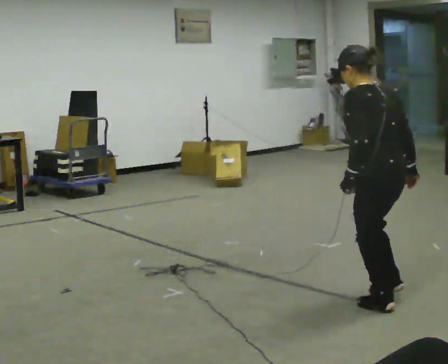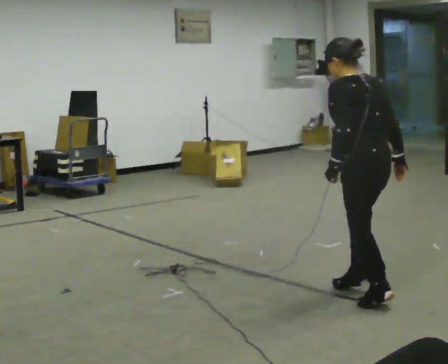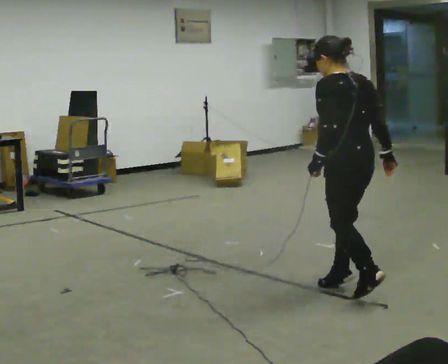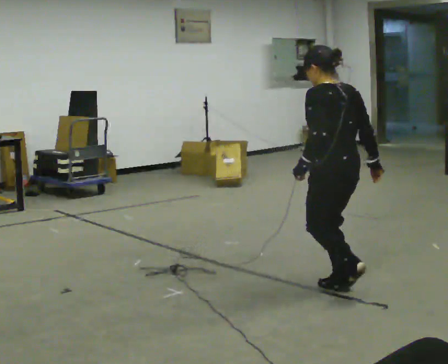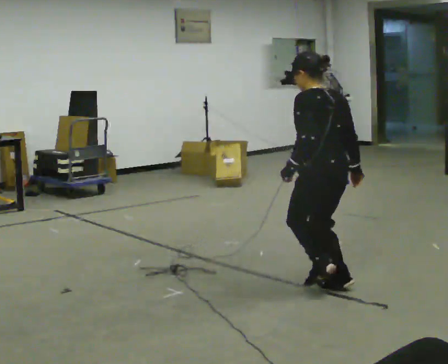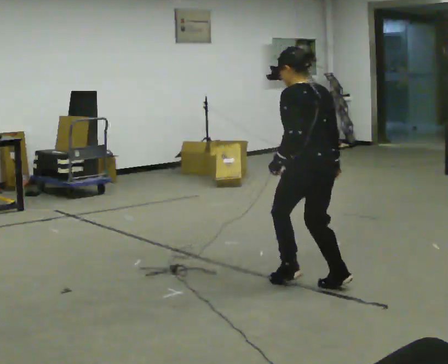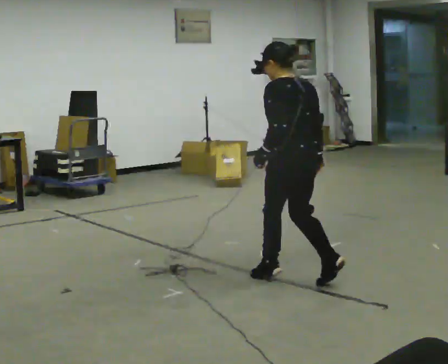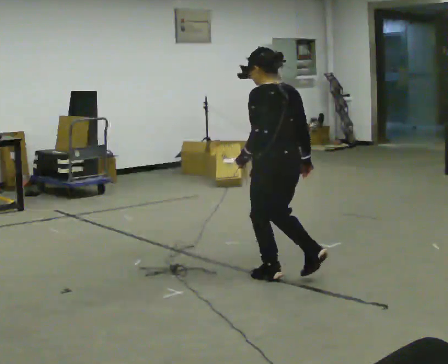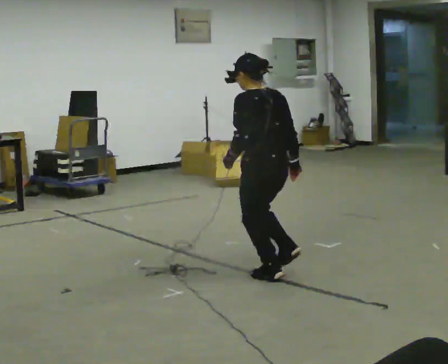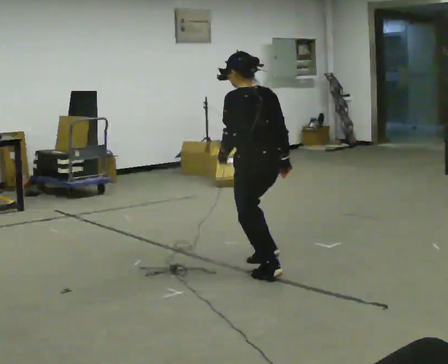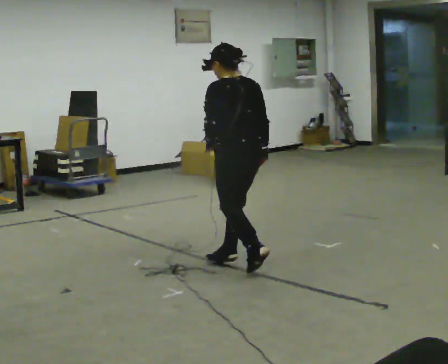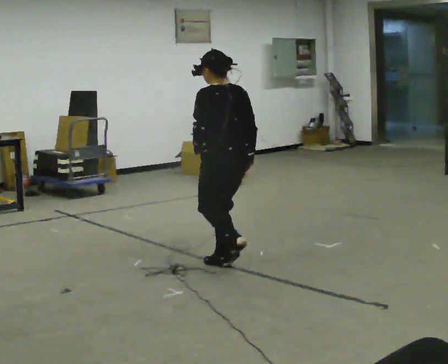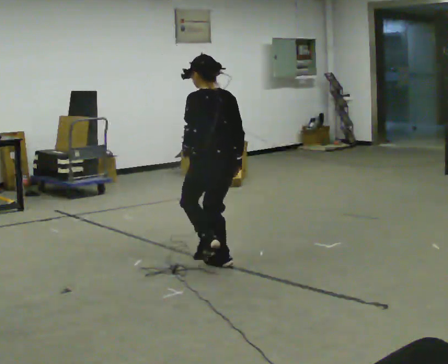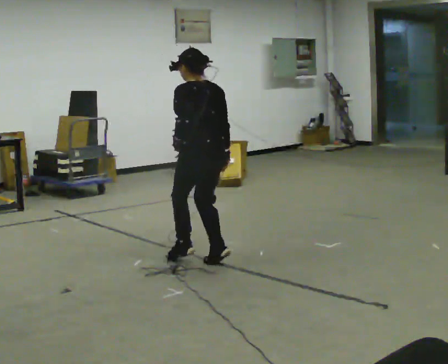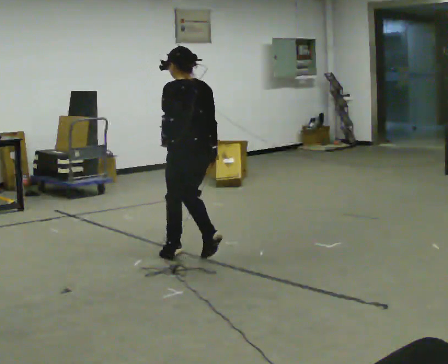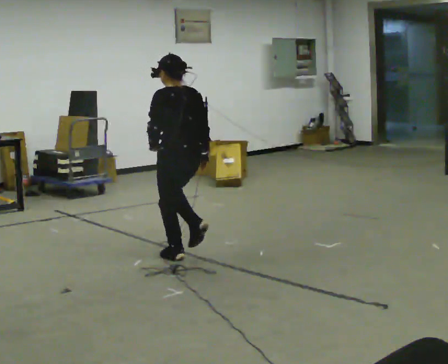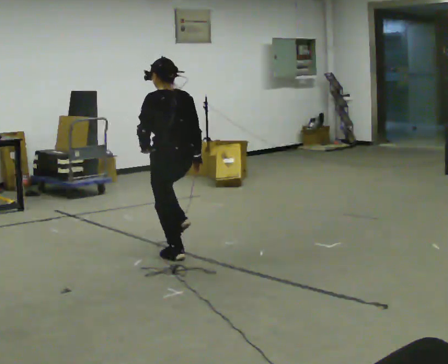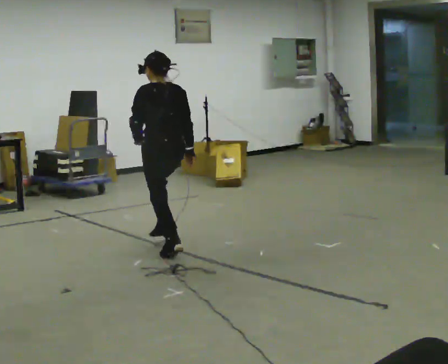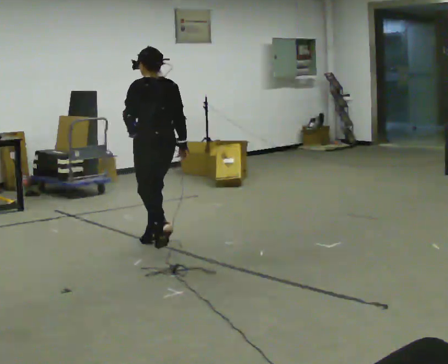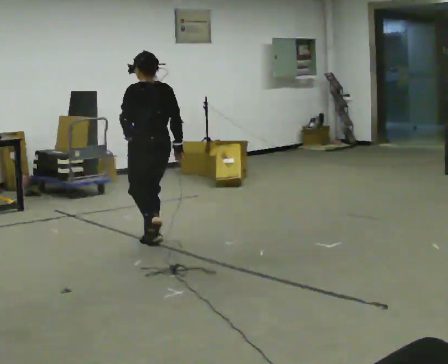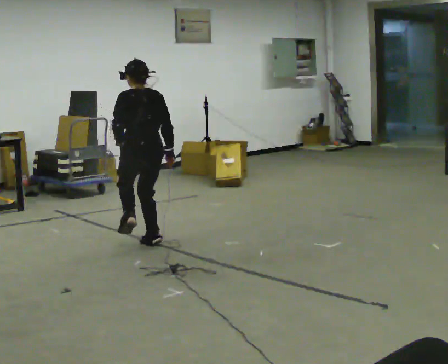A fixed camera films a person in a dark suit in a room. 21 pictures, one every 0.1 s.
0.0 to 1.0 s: In the picture they go to the left and away from the camera, about 1 m in 3 steps, which for them is forward.
1.0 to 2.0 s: In the picture they go away from the camera and to the left, about 1 m in 2 steps, which for them is forward.
The film runs backward here.
